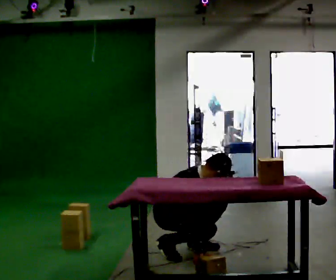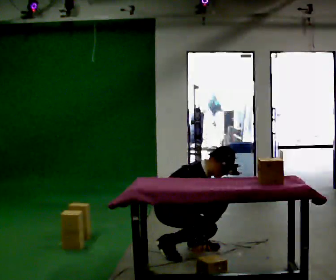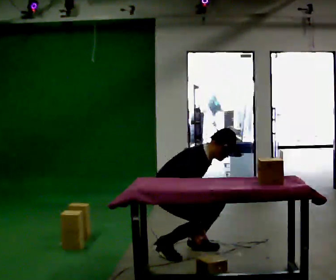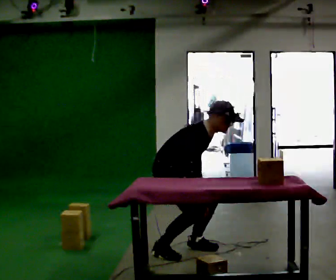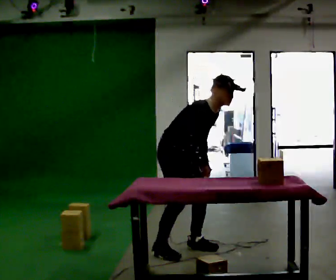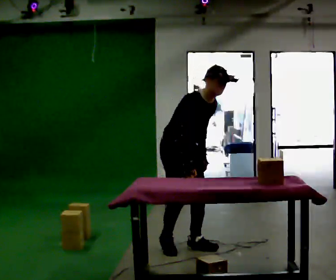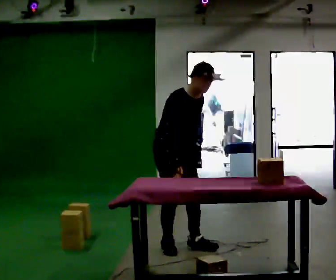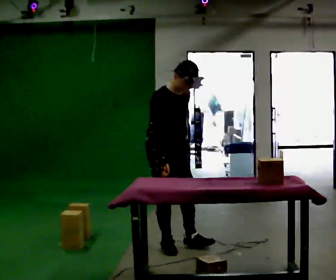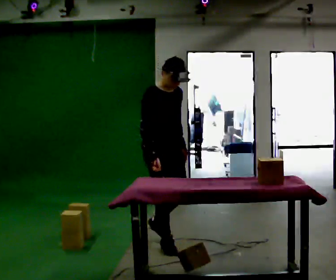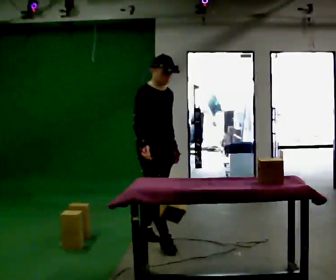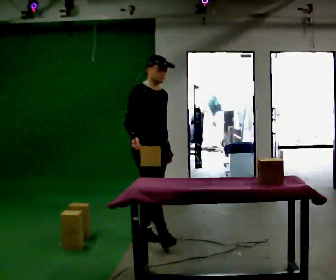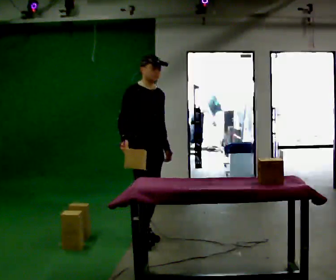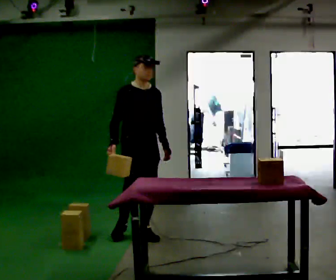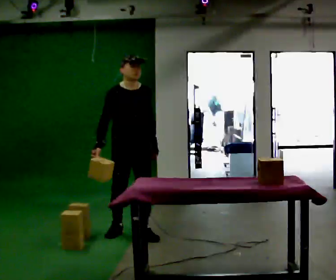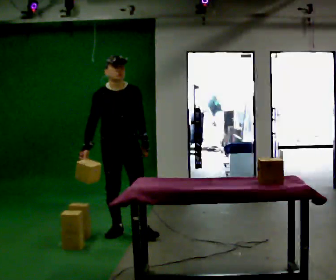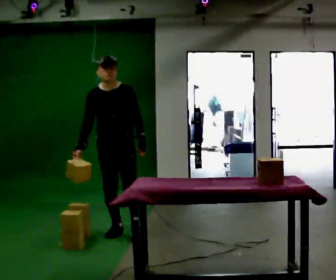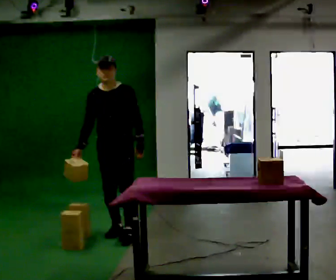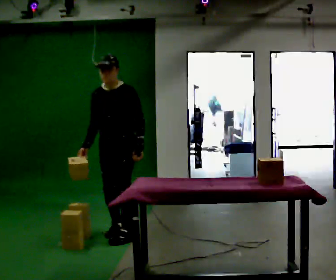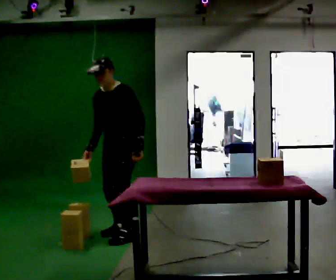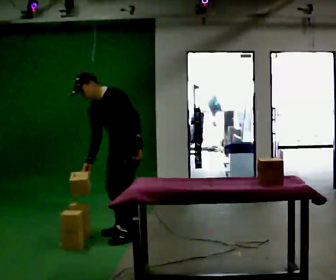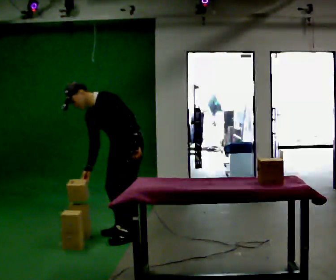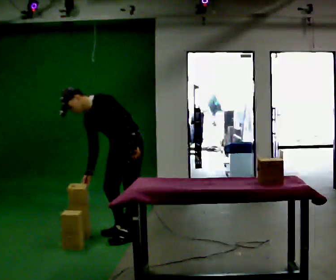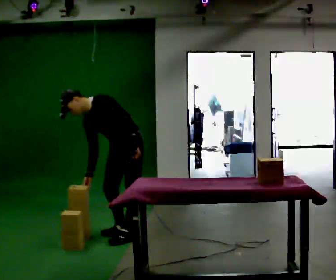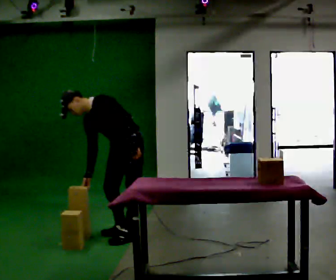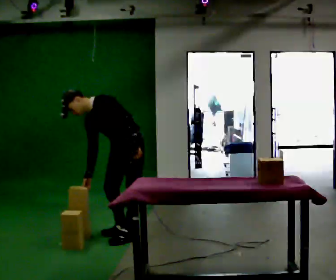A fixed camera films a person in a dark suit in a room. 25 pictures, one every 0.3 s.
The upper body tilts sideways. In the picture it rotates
counterclockwise.
The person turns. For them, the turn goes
to their right.
0.0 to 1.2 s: The upper body goes upward. In the picture their right hand goes upward.
1.2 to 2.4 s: In the picture the upper body tilts counterclockwise, shoulders to the left, as they lean back or straighten.
2.4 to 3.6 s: In the picture they go away from the camera and to the left, about 0.5 m in 1 step, which for them is backward.
3.6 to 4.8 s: Seen from above the body turns clockwise, about 45 degrees: to their right, with its near side sliding to the left. In the picture they go to the left, about 0.25 m in 1 step, which for them is to their right and backward. In the picture their right hand goes to the left.
4.8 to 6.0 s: The person turns about 30 degrees to their right, clockwise seen from above, so the part of the body nearest the lens slides to the left. In the picture the upper body tilts counterclockwise, shoulders to the left, as they bend forward.
6.0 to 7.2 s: The person moves a little, or ends about where they began.
The film runs backward here.
